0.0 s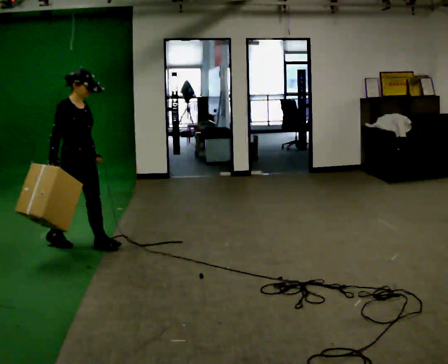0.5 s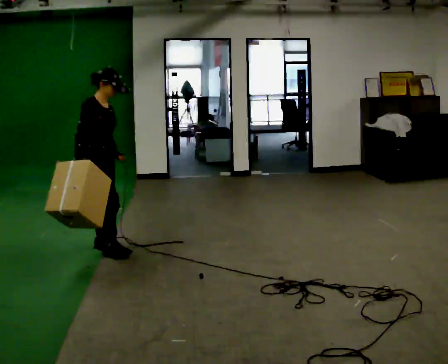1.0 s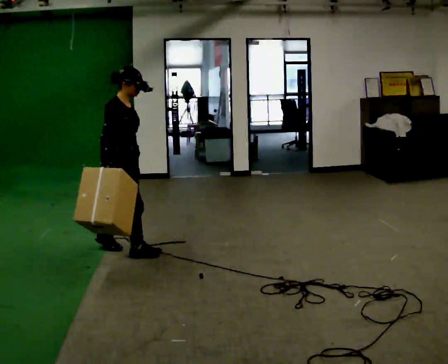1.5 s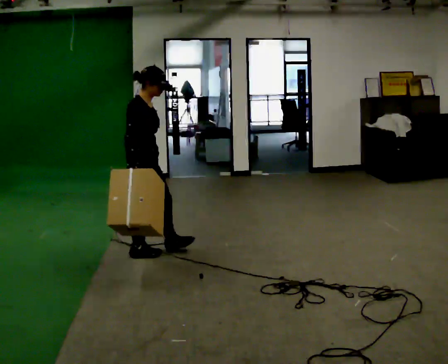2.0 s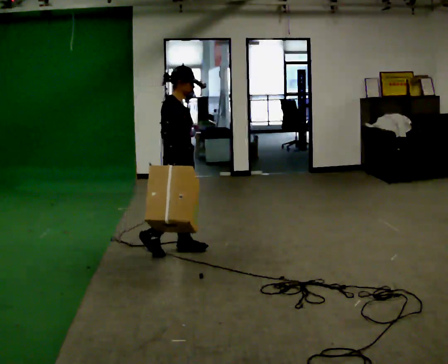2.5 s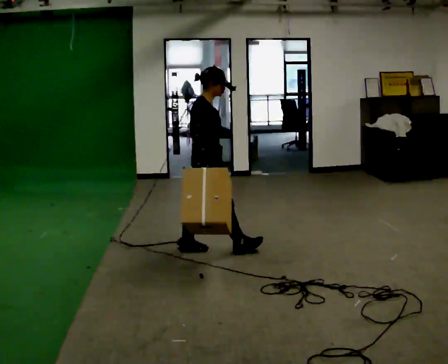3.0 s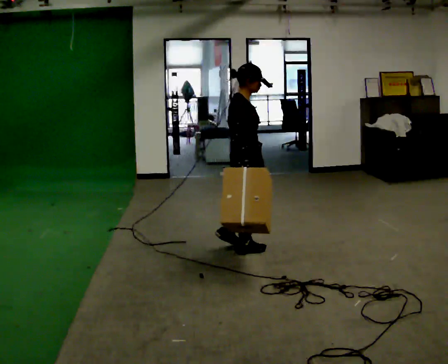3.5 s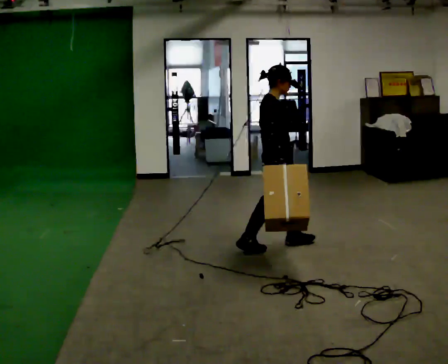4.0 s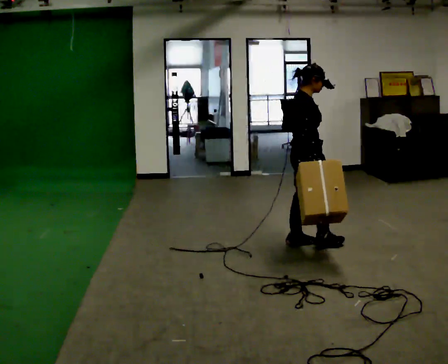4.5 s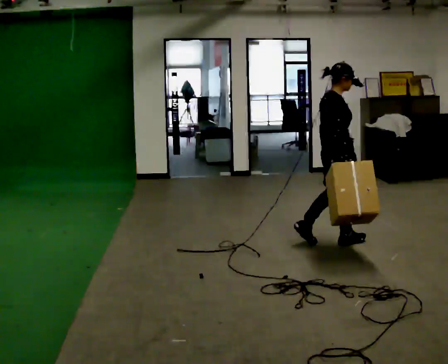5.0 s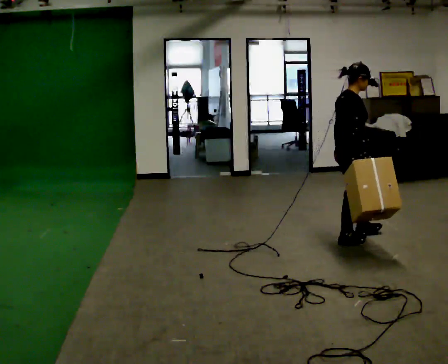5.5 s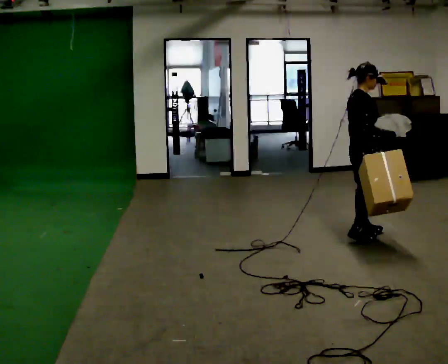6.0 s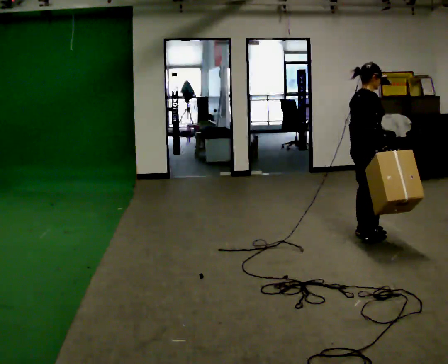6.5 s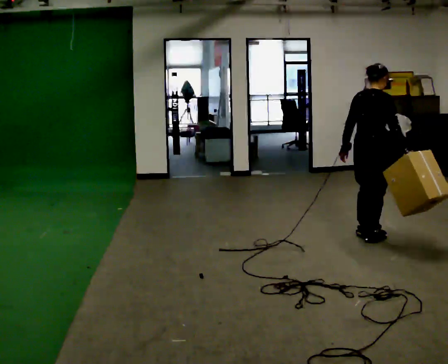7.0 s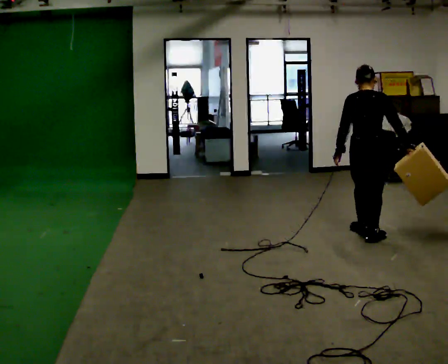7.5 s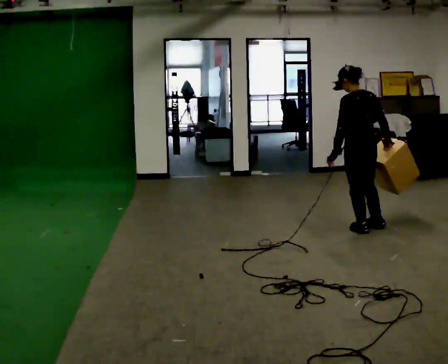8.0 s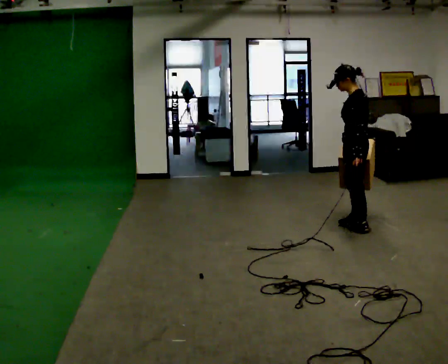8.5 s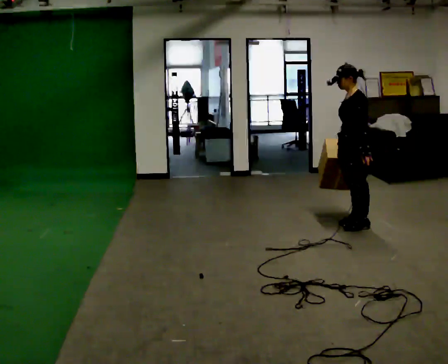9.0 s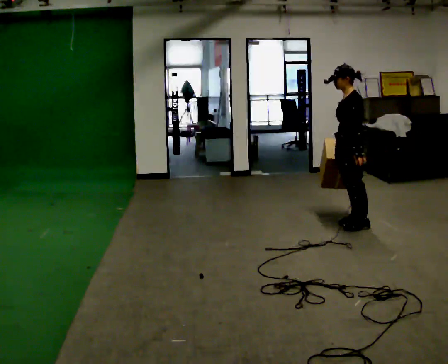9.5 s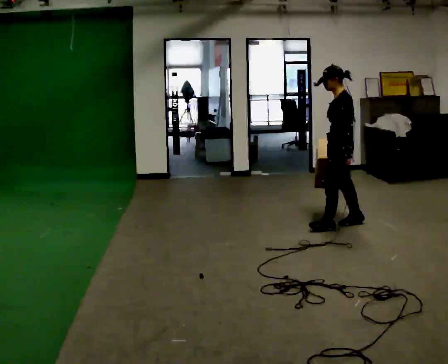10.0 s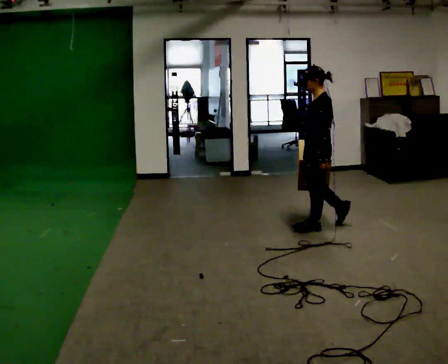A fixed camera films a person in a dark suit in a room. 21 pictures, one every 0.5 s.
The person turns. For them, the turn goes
to their left.
The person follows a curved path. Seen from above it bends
counterclockwise.
0.0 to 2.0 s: In the picture they go to the right, about 1 m in 2 steps, which for them is forward.
2.0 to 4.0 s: In the picture they go to the right, about 1 m in 2 steps, which for them is forward.
4.0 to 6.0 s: In the picture they go to the right, about 0.5 m in 3 steps, which for them is forward.
6.0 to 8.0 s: The person turns about 150 degrees to their left, counterclockwise seen from above, so the part of the body nearest the lens slides to the right. In the picture they go away from the camera, about 0.25 m in 1 step.
8.0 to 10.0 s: In the picture they go to the left, about 0.25 m in 2 steps, which for them is forward.
The film runs forward here.
